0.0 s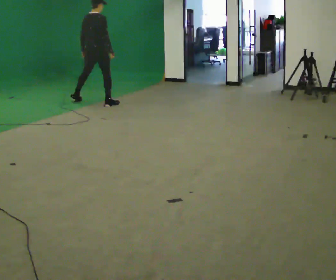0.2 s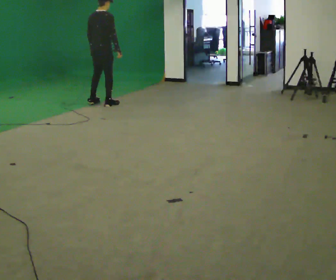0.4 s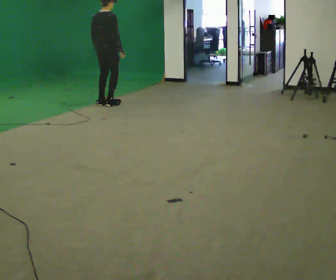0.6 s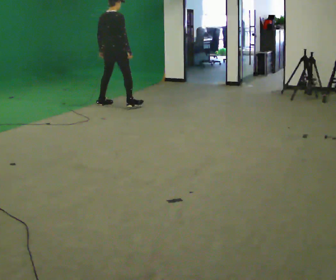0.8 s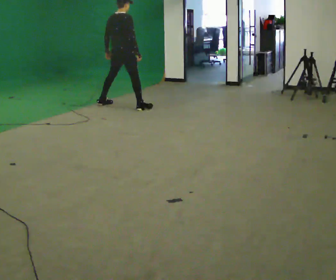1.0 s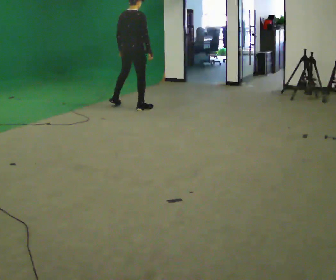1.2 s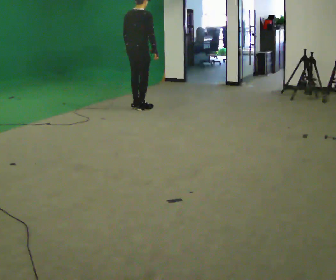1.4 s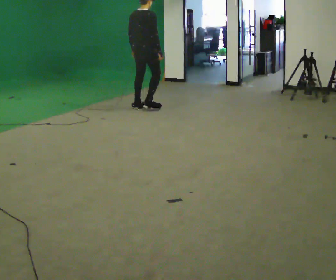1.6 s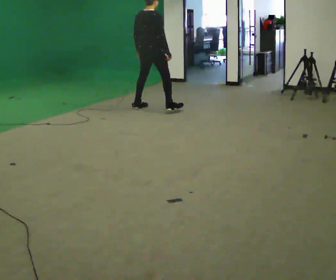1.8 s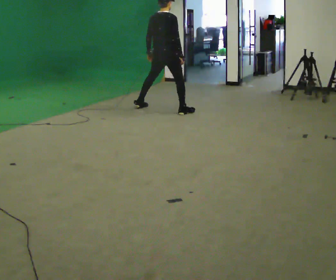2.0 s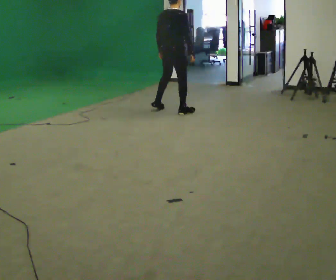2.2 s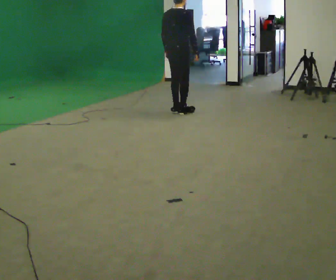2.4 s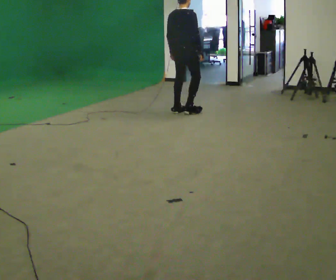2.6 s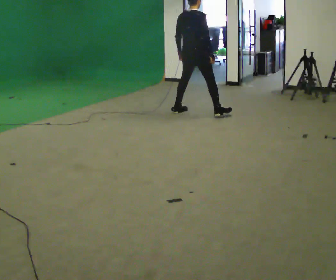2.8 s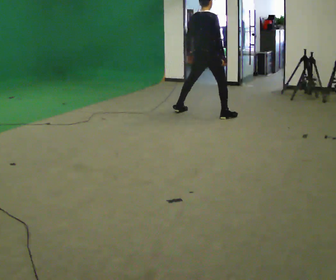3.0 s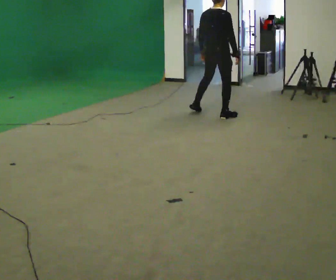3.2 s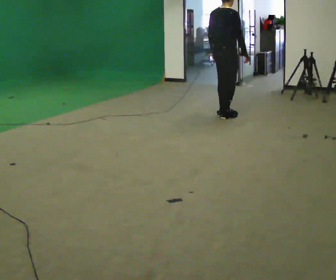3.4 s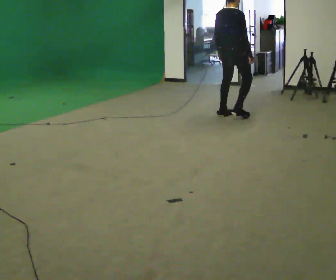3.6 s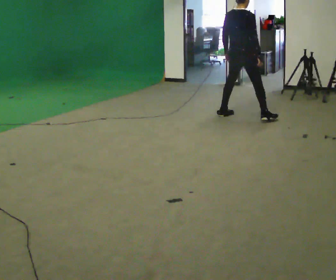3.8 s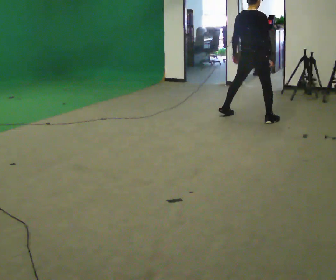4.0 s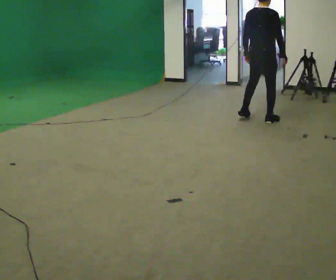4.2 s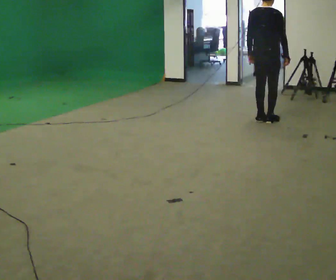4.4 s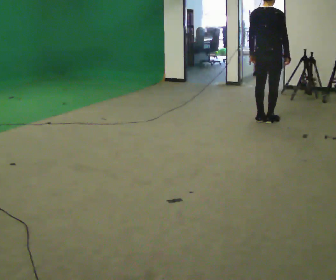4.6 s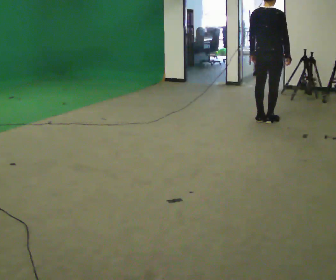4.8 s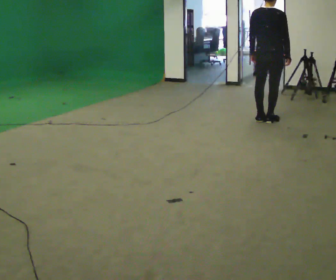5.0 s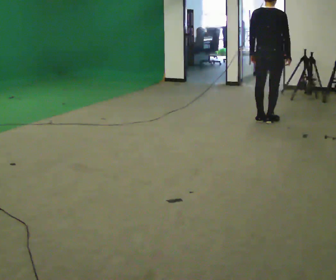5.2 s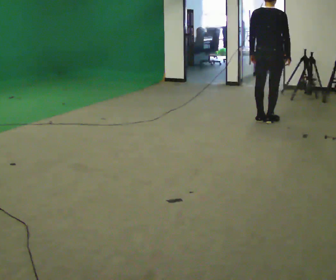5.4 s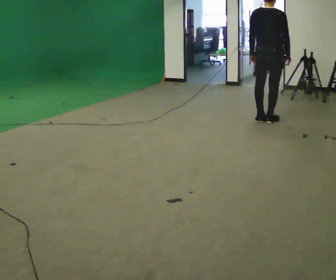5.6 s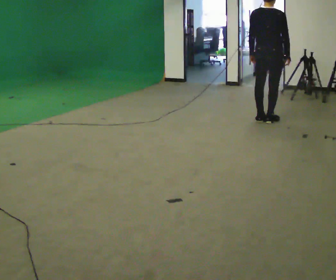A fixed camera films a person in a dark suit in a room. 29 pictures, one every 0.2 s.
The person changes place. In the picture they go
to the right.
0.0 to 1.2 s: In the picture they go to the right, about 0.5 m in 2 steps, which for them is to their right.
1.2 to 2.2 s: In the picture they go to the right, about 0.75 m in 3 steps, which for them is to their right.
2.2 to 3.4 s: In the picture they go to the right, about 1 m in 2 steps, which for them is to their right.
3.4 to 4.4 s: In the picture they go to the right and toward the camera, about 0.5 m in 2 steps, which for them is to their right.
4.4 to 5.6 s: The person moves a little, or ends about where they began.
The film runs forward here.
